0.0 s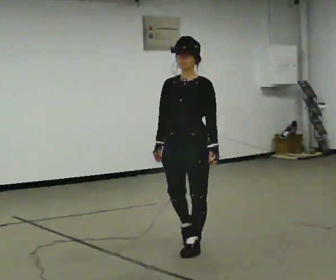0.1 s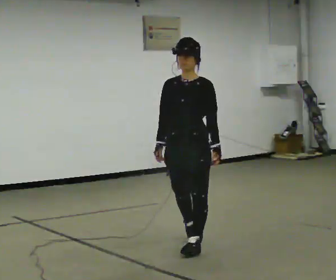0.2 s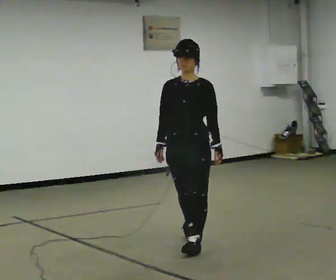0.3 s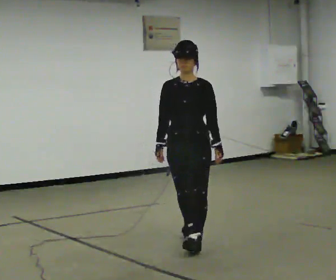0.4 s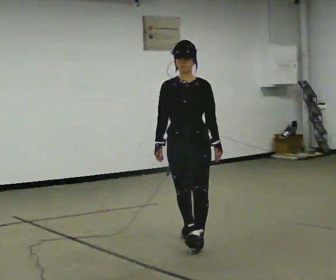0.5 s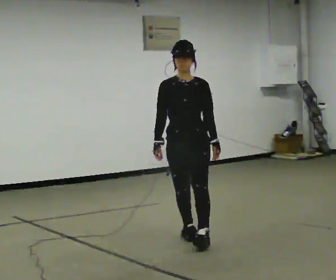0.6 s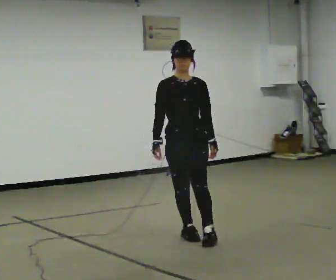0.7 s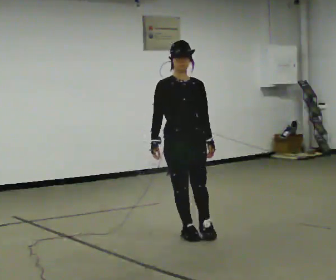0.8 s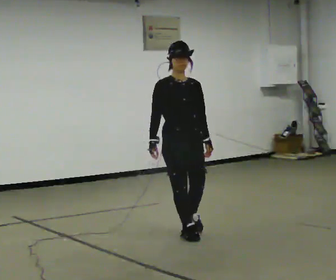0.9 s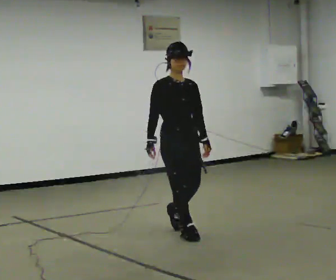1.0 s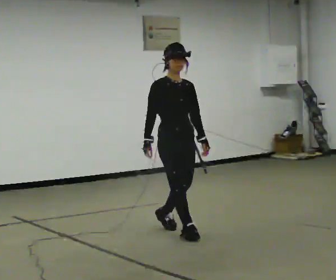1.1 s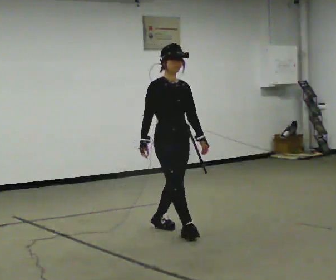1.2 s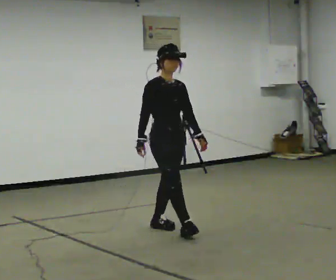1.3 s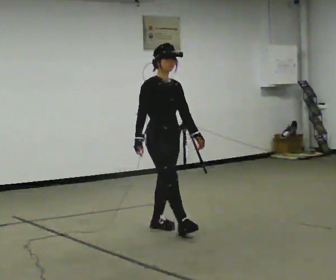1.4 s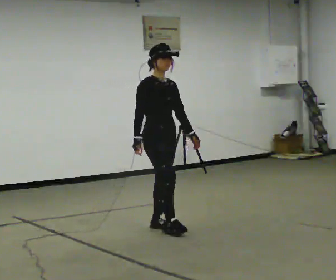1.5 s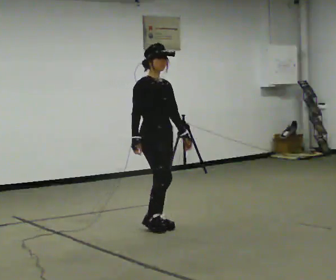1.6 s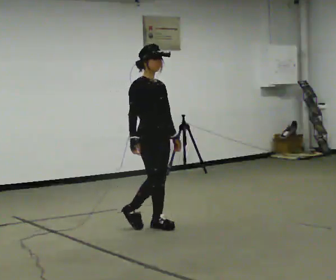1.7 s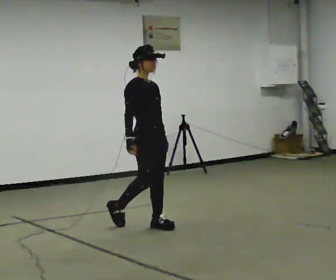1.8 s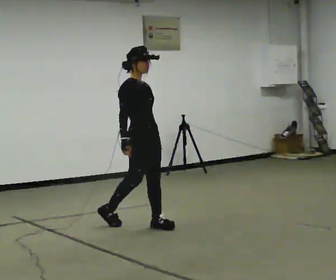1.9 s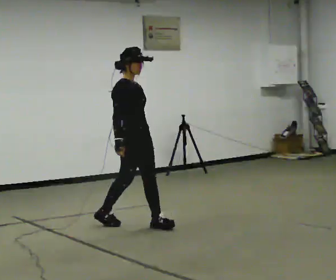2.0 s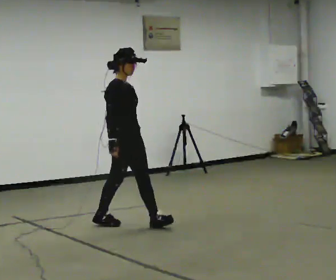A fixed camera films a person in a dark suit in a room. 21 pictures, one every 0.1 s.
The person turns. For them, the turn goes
to their left.
The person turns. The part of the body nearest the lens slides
to the right.
0.0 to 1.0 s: Seen from above the body turns counterclockwise, about 60 degrees: to their left, with its near side sliding to the right. In the picture they go away from the camera, about 0.5 m in 1 step, which for them is backward.
1.0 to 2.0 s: The part of the body nearest the lens slides to the right as the person turns to their left by about 30 degrees. In the picture they go to the left and away from the camera, about 0.5 m in 1 step, which for them is backward.
The film runs backward here.
